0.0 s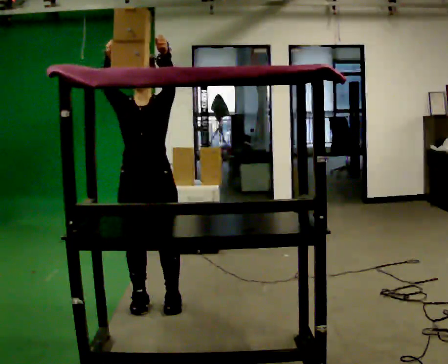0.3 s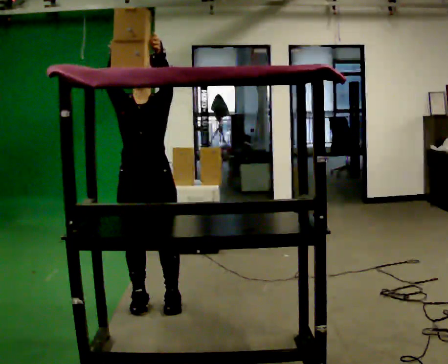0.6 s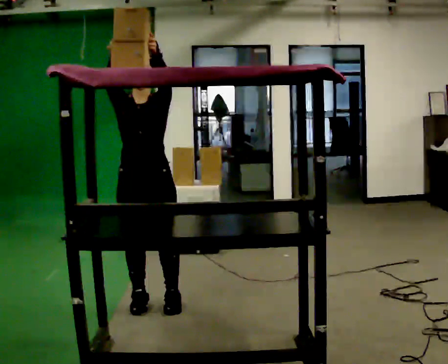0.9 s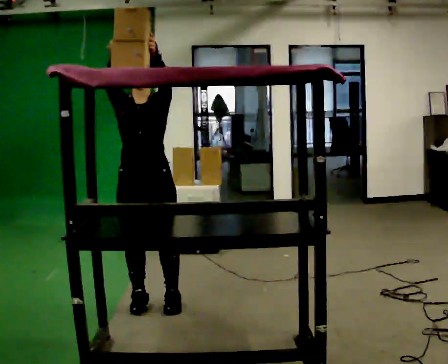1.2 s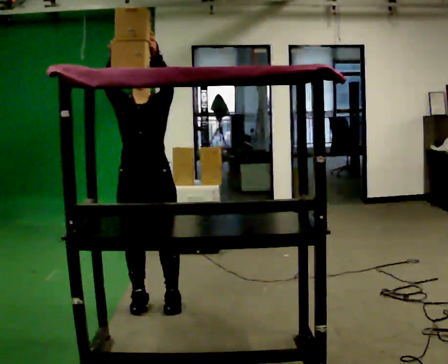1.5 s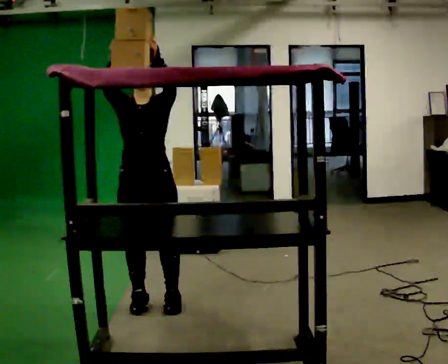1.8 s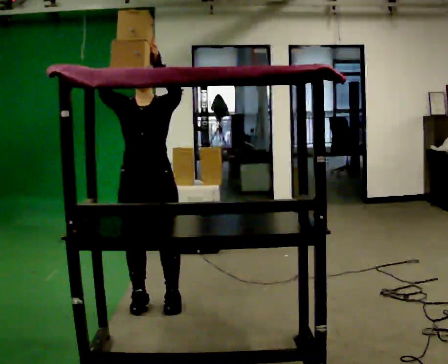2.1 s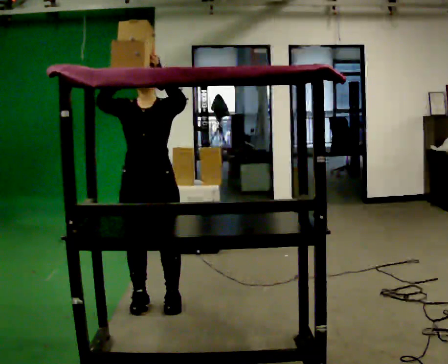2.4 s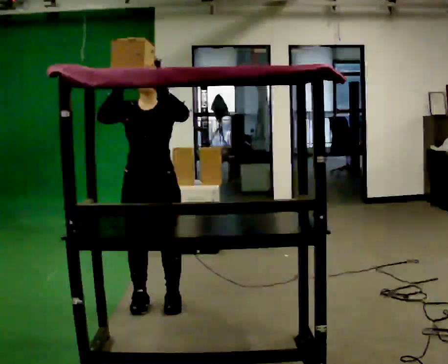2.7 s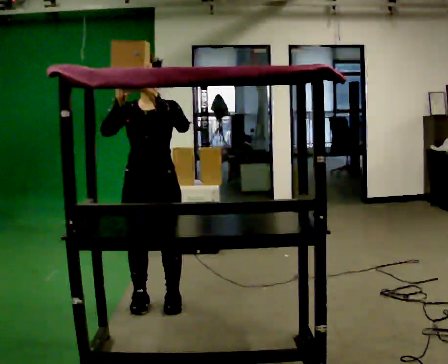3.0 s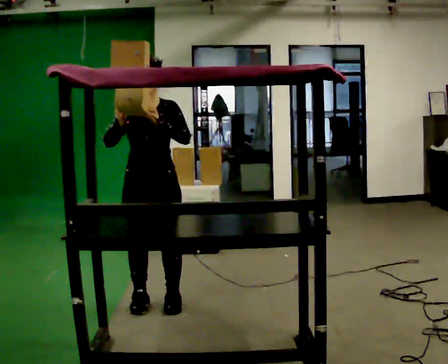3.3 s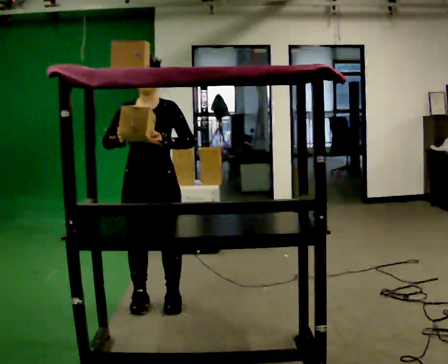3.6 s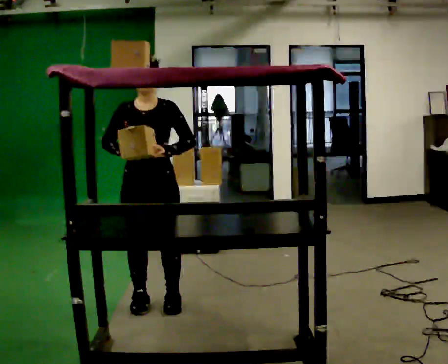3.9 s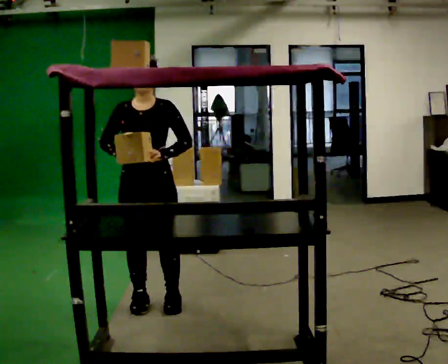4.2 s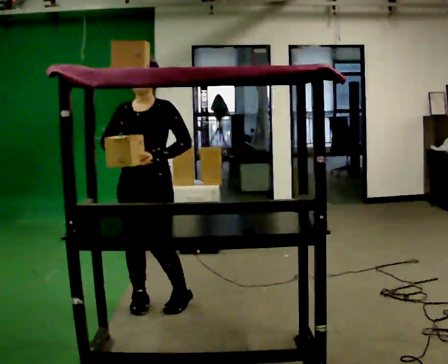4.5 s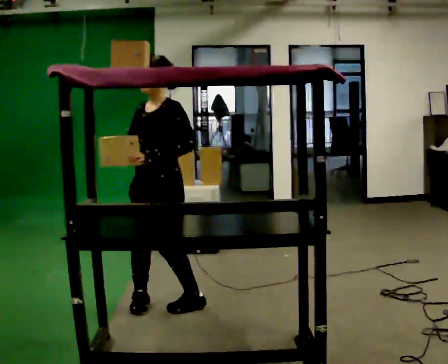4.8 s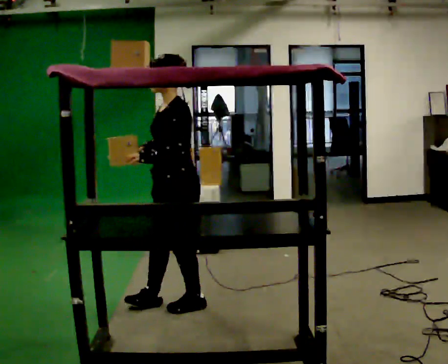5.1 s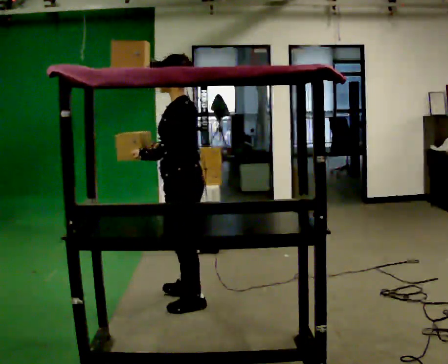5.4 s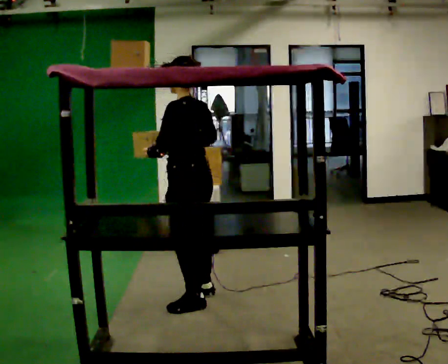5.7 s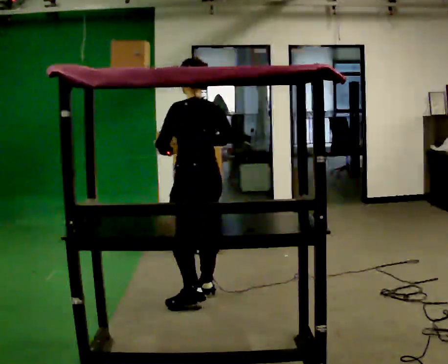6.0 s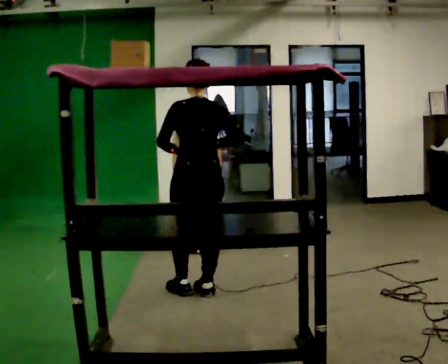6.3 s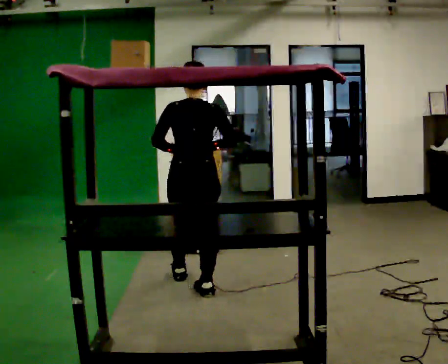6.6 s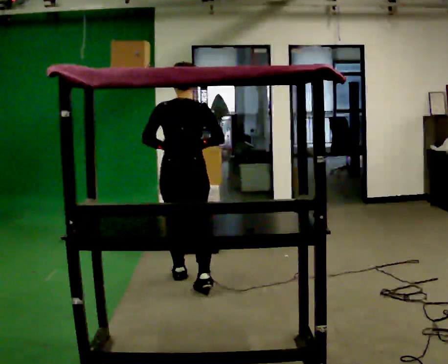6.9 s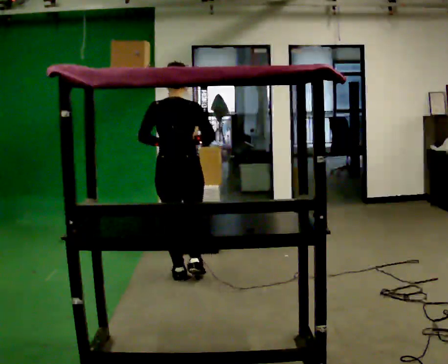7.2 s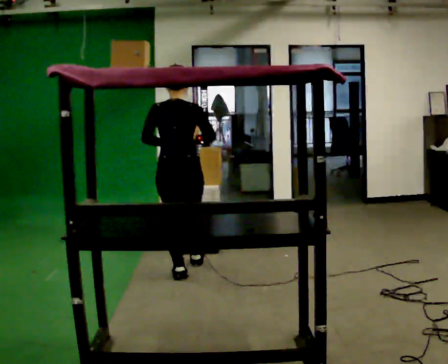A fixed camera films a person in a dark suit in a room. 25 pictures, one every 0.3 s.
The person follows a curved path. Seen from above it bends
counterclockwise.
The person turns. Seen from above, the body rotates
clockwise.
0.0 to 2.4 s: The person moves a little, or ends about where they began.
2.4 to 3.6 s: In the picture their left hand goes downward.
3.6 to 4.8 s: The part of the body nearest the lens slides to the left as the person turns to their right by about 75 degrees. In the picture they go to the right, about 0.25 m in 1 step.
4.8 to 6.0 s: The part of the body nearest the lens slides to the left as the person turns to their right by about 90 degrees. In the picture they go away from the camera, about 0.25 m in 1 step.
6.0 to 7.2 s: In the picture they go away from the camera, about 0.5 m in 2 steps, which for them is forward.
The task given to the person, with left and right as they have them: Take an object down from the highest shelf you can comfortably reach, carry it across, and place it on the waist-height shelf. Keep going until the operator says stop; one object at a time, and do not rush between trips.
The film runs forward here.
